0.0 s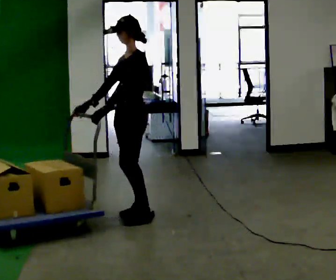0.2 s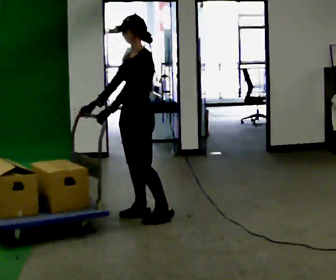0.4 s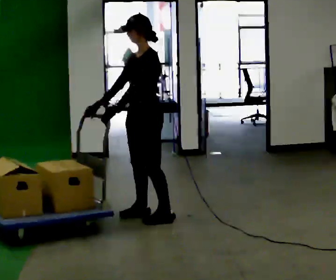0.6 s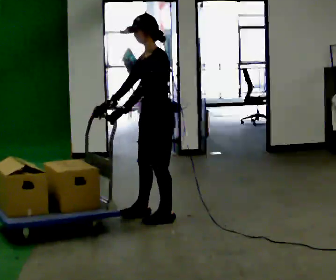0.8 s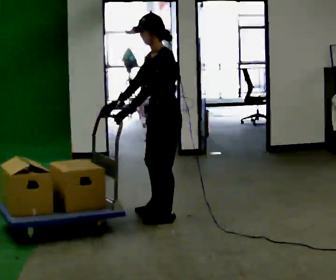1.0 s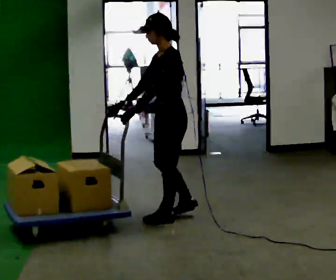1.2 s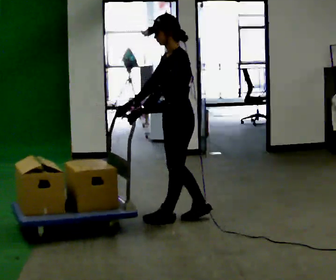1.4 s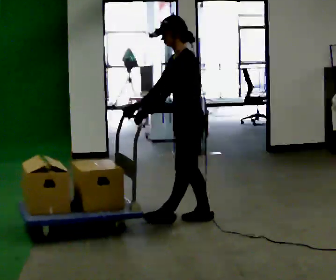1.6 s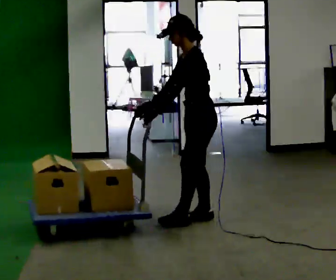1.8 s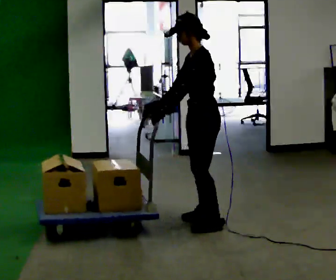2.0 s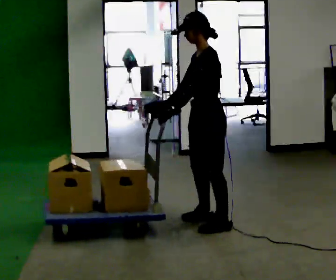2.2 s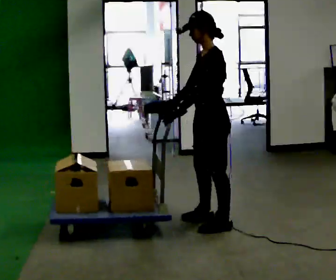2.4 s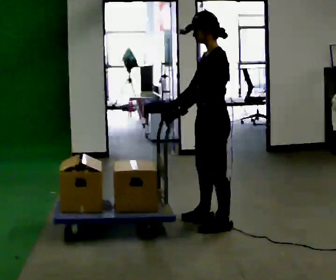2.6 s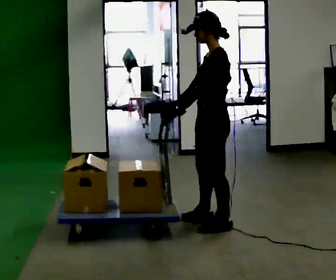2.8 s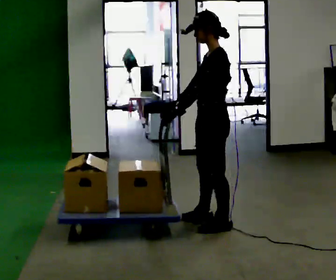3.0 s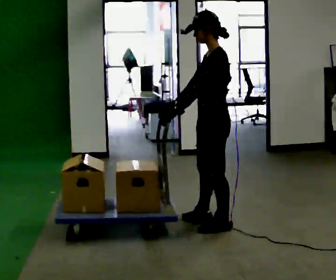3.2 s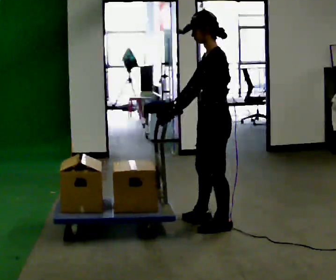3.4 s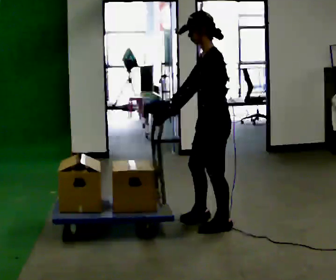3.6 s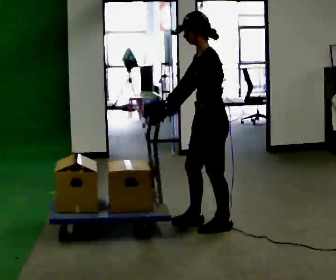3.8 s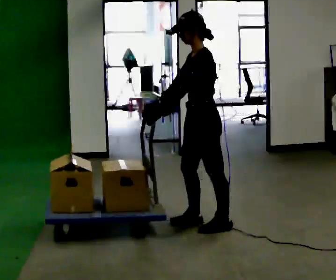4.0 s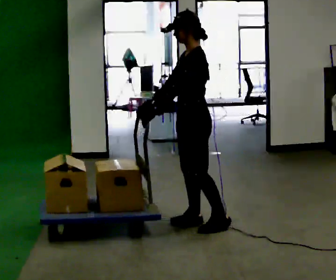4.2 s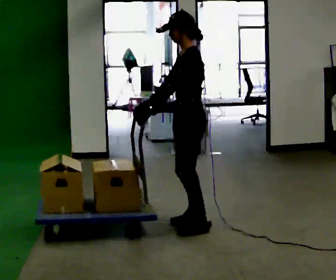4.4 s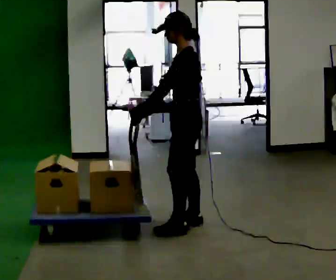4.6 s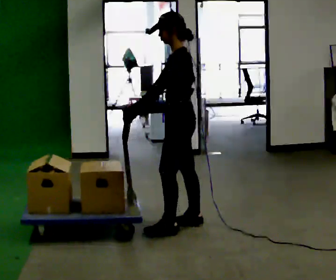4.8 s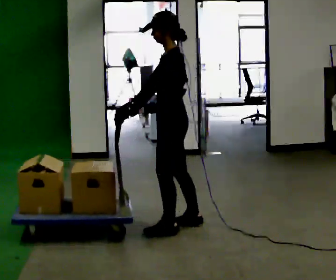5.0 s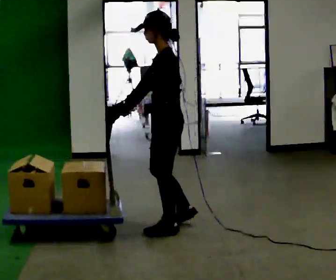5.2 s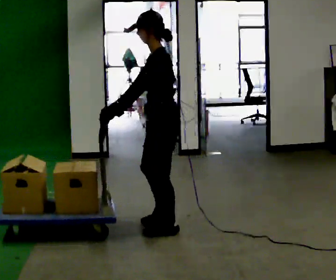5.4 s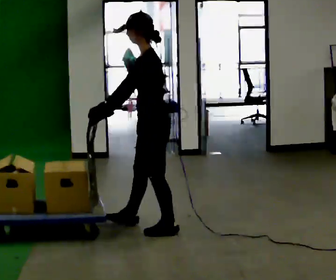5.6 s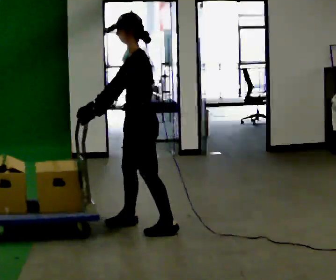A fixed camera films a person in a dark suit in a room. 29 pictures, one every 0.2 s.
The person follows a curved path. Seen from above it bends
clockwise.
0.0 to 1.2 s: In the picture they go to the right, about 0.5 m in 1 step, which for them is backward and to their left.
1.2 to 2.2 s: In the picture they go to the right, about 0.25 m in 2 steps, which for them is backward and to their left.
2.2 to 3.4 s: The person moves a little, or ends about where they began.
3.4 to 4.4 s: In the picture they go to the left, about 0.25 m in 1 step, which for them is forward and to their right.
4.4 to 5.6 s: In the picture they go to the left, about 0.25 m in 2 steps, which for them is forward.
The film runs forward here.
